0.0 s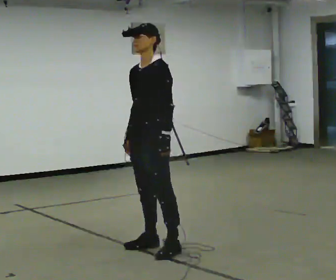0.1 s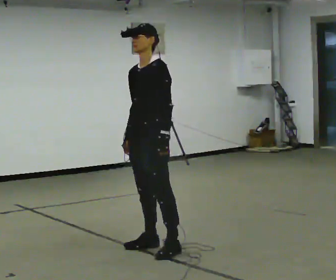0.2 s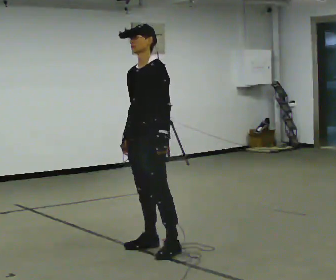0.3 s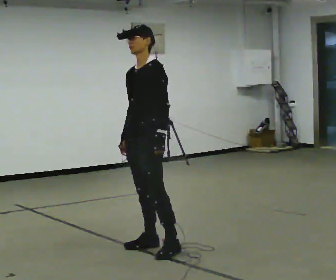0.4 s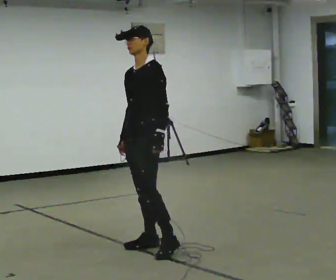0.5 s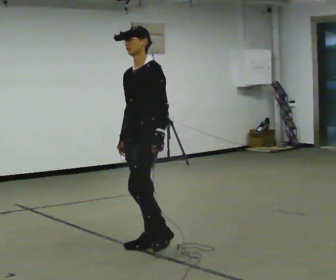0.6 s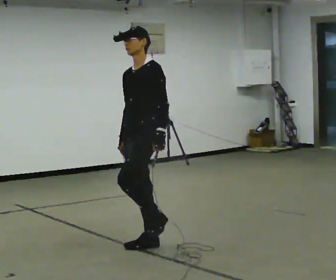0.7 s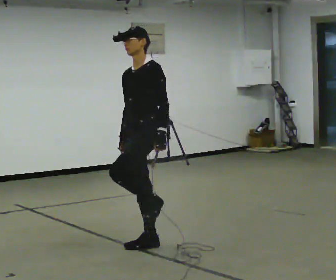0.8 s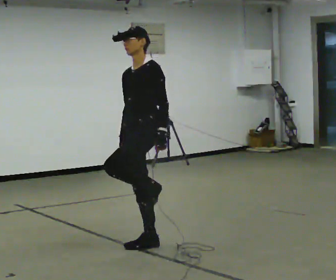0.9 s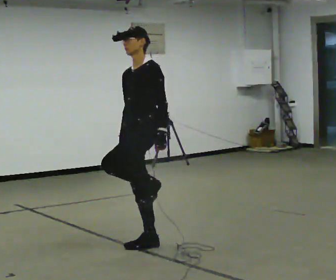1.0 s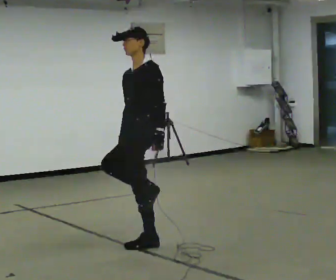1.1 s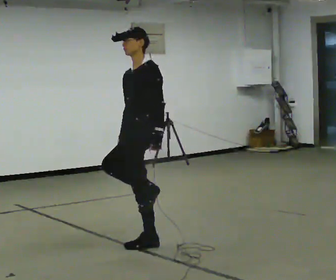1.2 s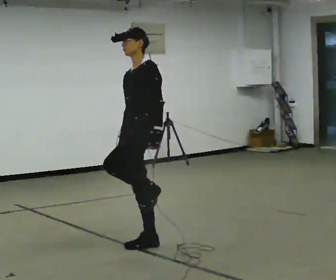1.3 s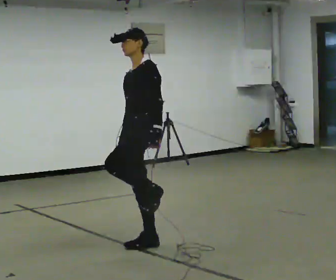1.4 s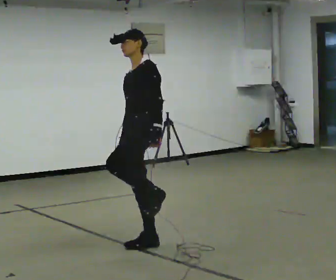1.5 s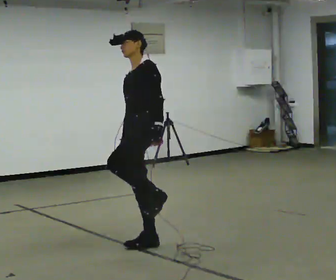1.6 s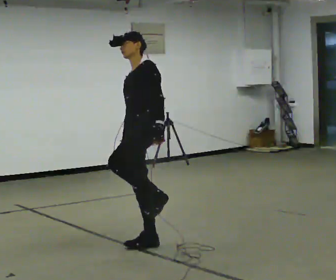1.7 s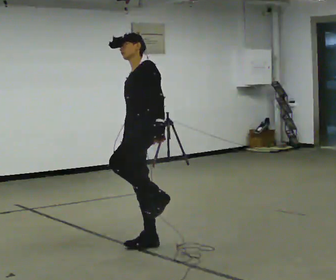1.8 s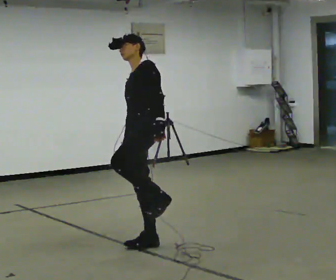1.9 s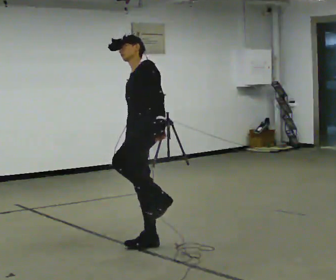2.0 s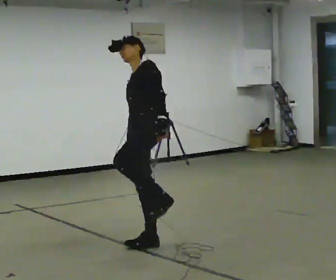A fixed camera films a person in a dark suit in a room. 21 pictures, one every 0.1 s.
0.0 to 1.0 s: The person moves a little, or ends about where they began.
1.0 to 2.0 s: The upper body tips away from the camera, its near side rolling upward.
The film runs forward here.
